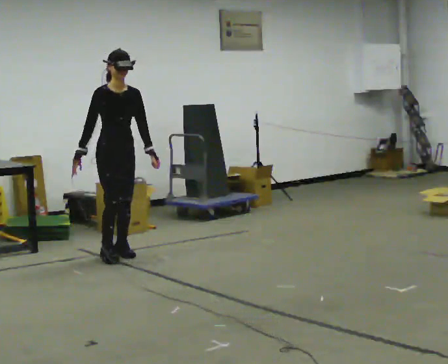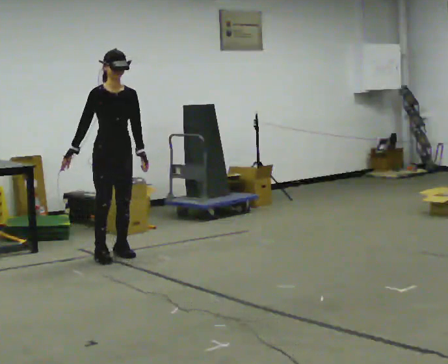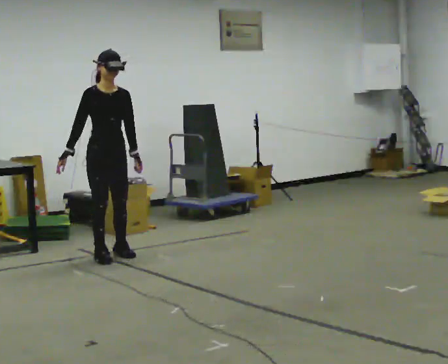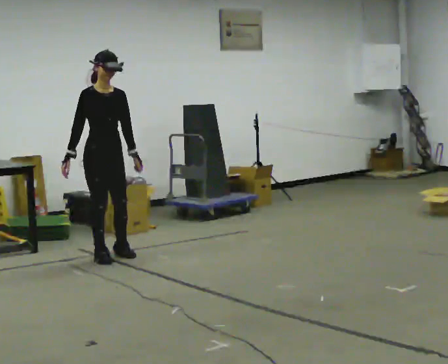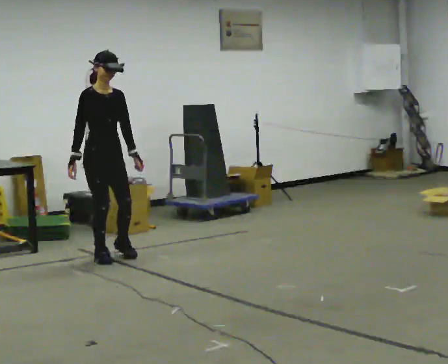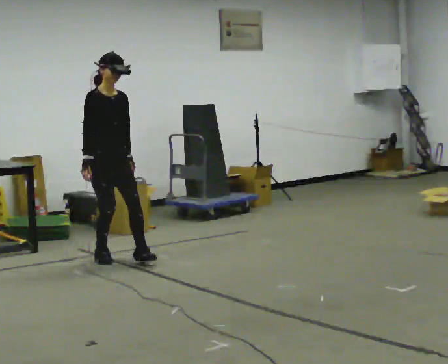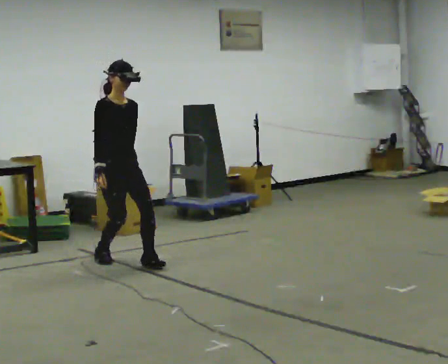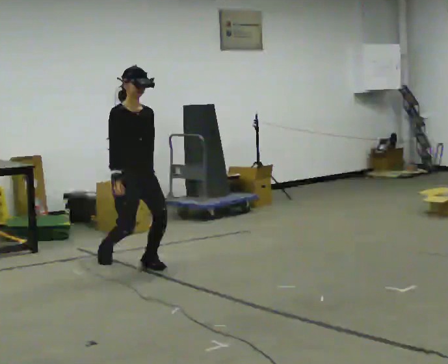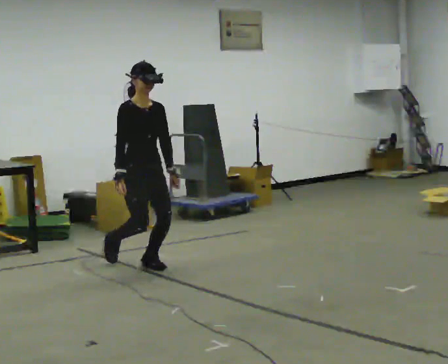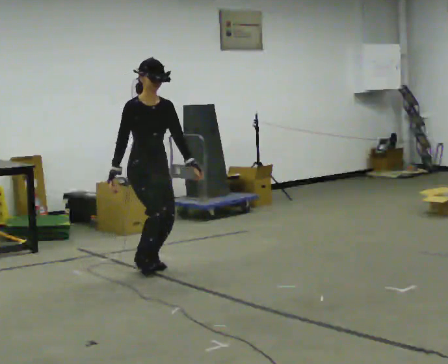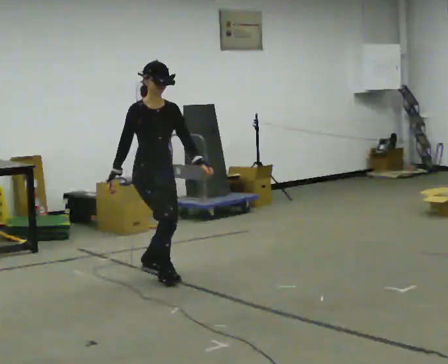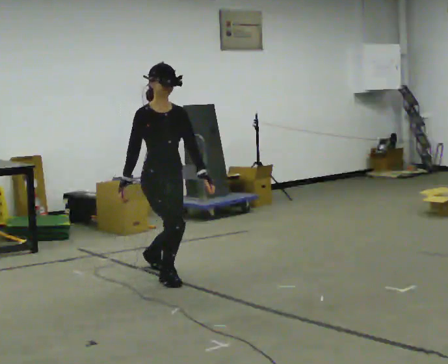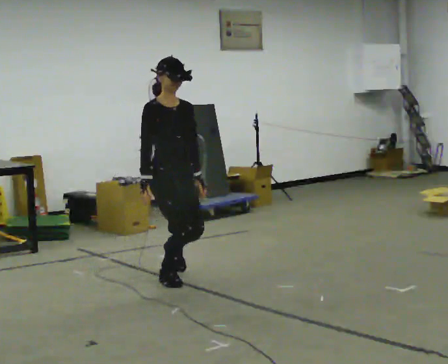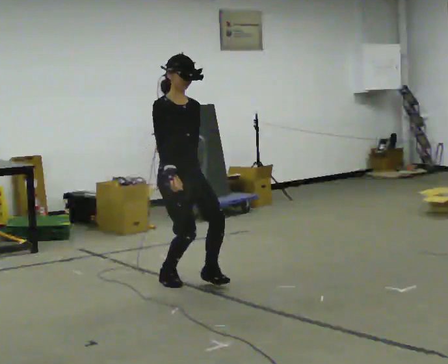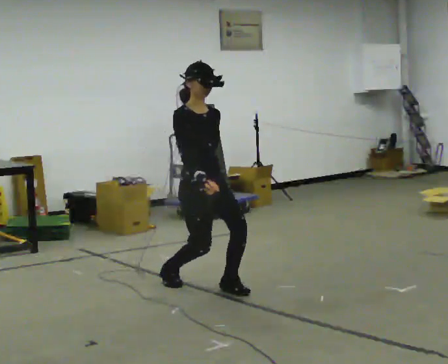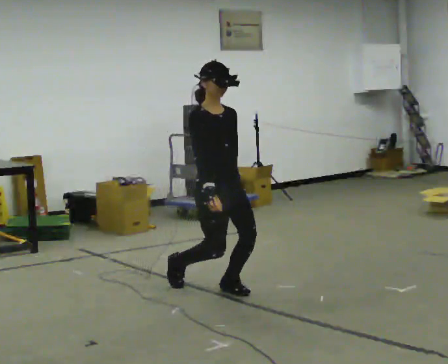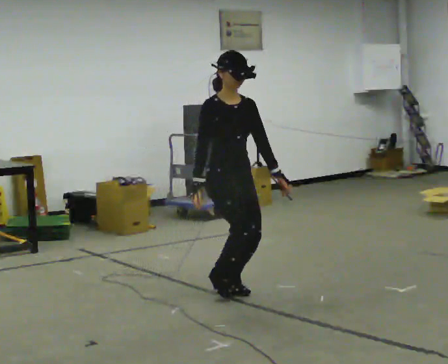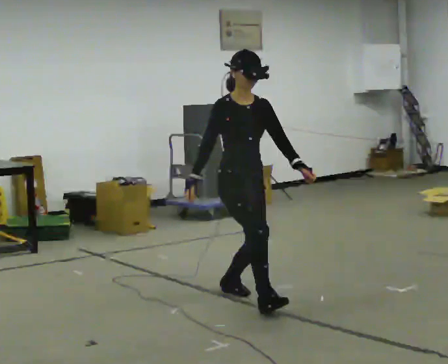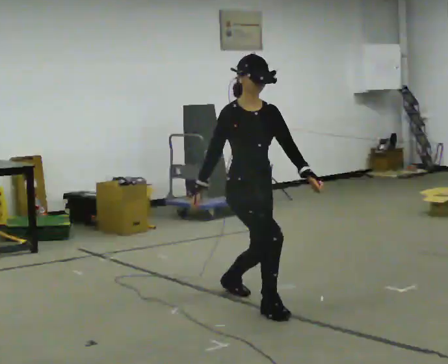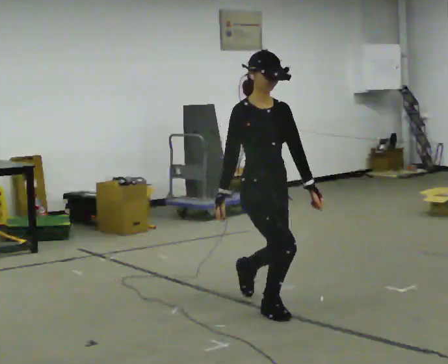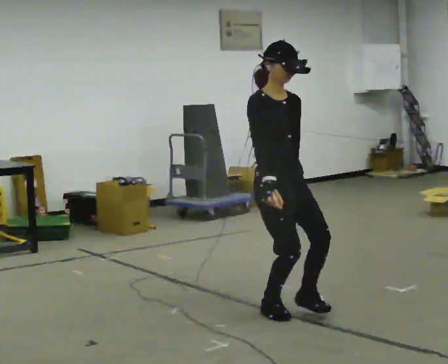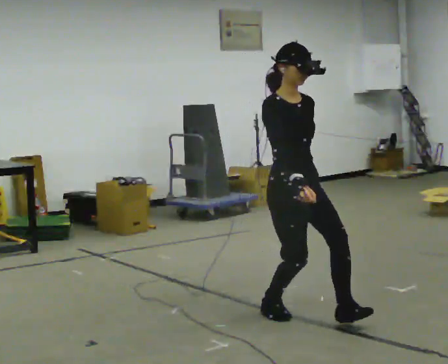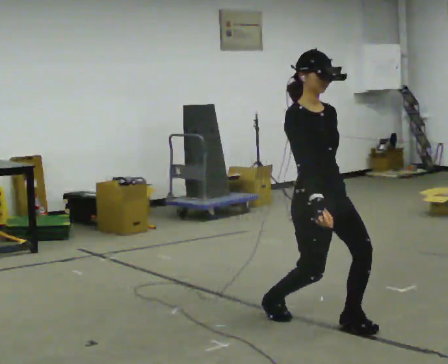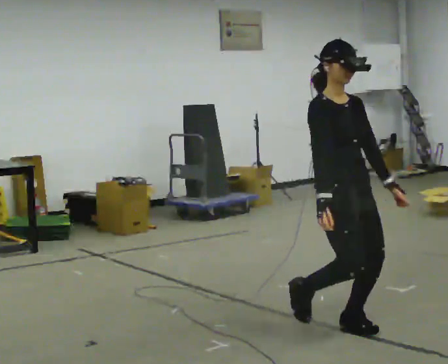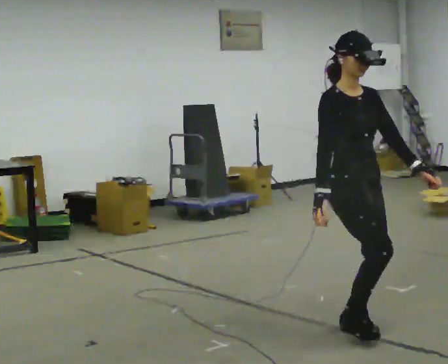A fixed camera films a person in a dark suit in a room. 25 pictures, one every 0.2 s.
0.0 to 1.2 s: In the picture they go toward the camera, about 0.25 m in 1 step, which for them is forward.
1.2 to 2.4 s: In the picture they go toward the camera and to the right, about 0.5 m in 1 step, which for them is forward.
2.4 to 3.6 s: In the picture they go toward the camera and to the right, about 1 m in 2 steps, which for them is forward.
3.6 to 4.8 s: In the picture they go toward the camera and to the right, about 1 m in 1 step, which for them is forward.
The film runs forward here.
